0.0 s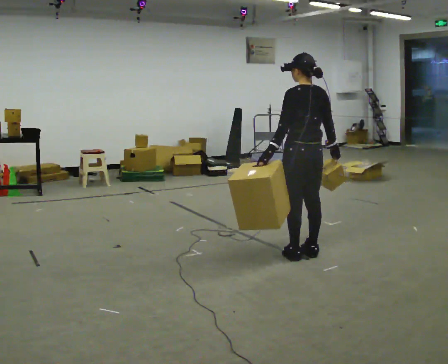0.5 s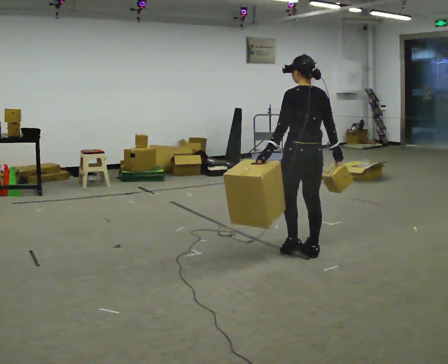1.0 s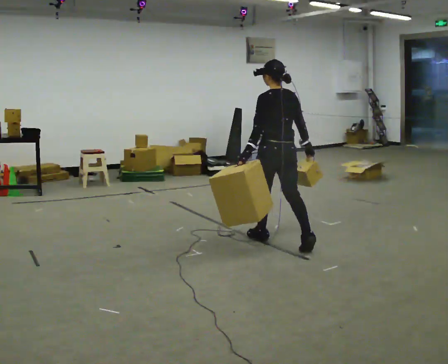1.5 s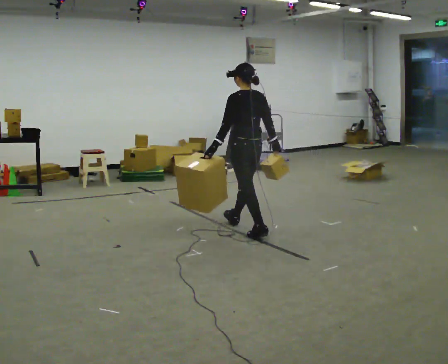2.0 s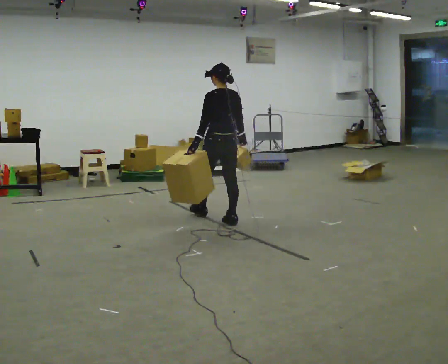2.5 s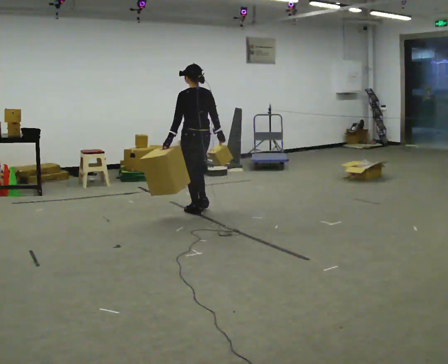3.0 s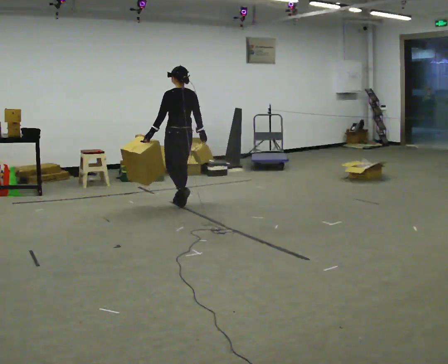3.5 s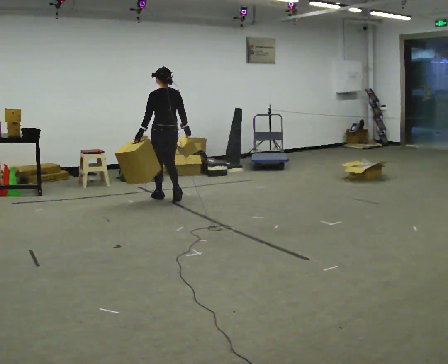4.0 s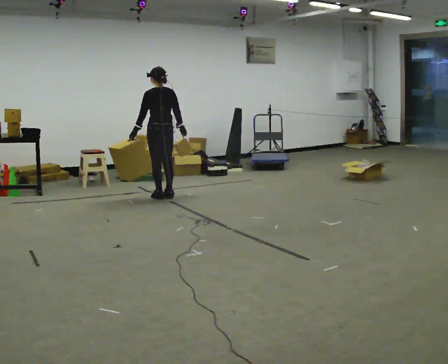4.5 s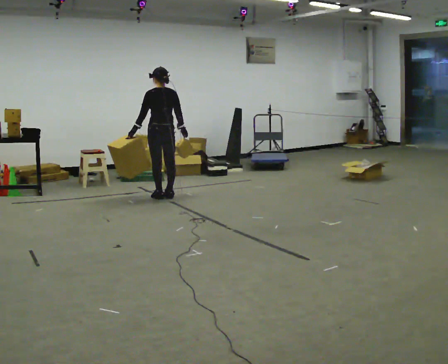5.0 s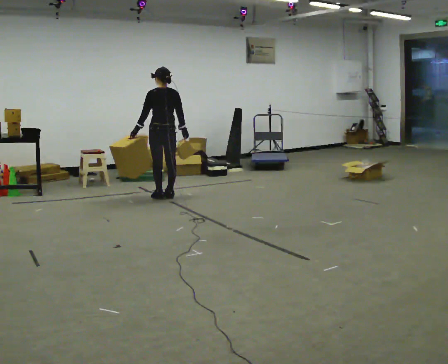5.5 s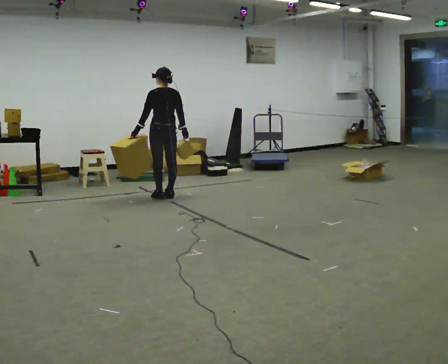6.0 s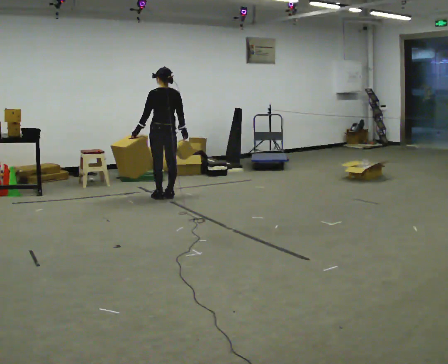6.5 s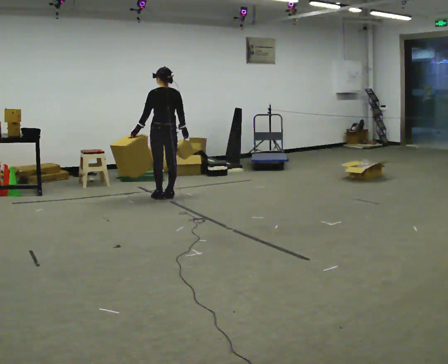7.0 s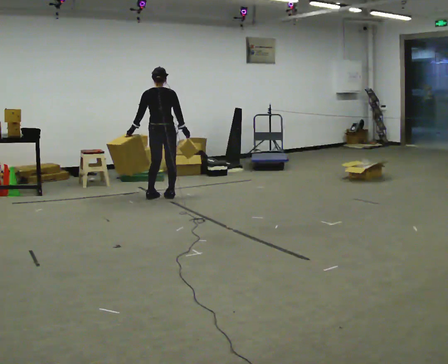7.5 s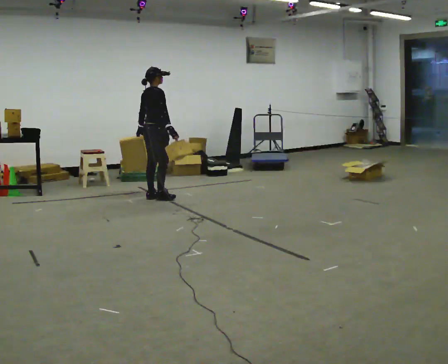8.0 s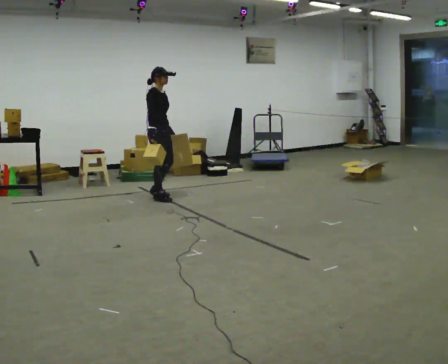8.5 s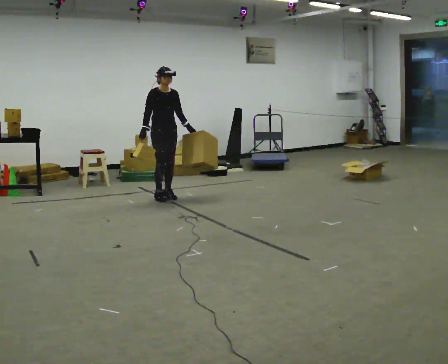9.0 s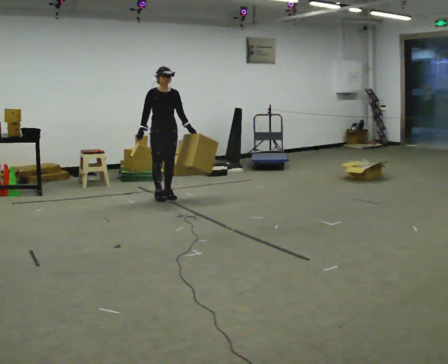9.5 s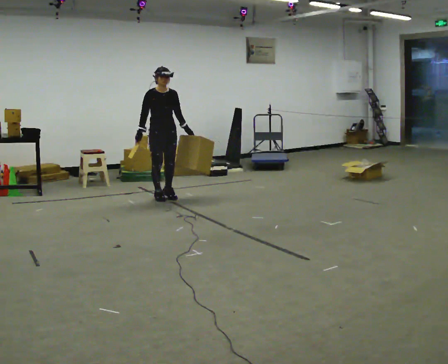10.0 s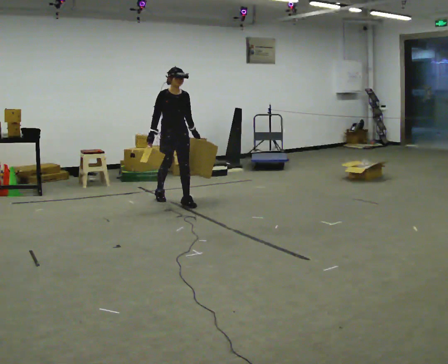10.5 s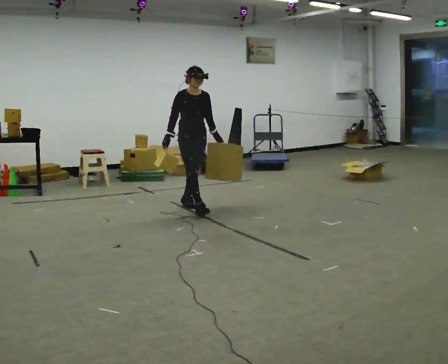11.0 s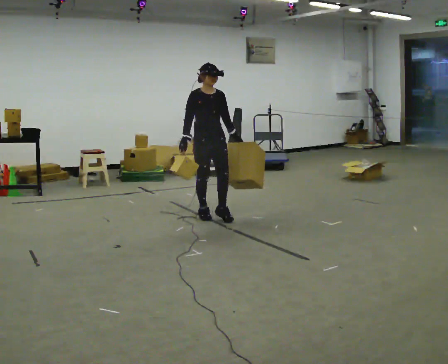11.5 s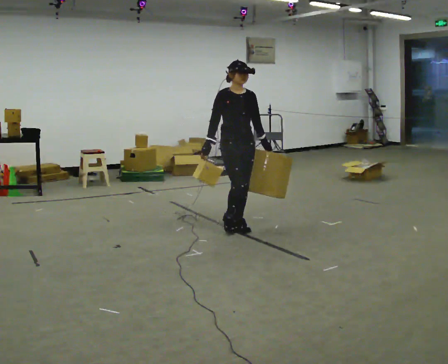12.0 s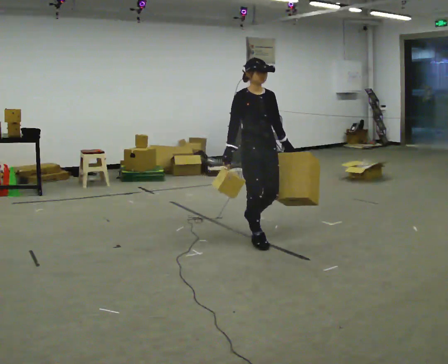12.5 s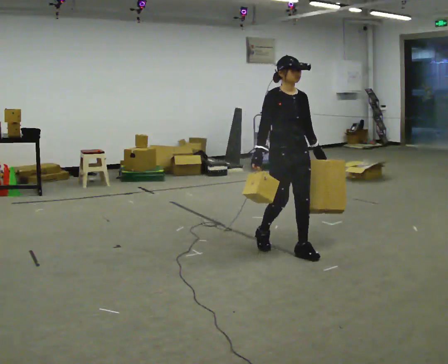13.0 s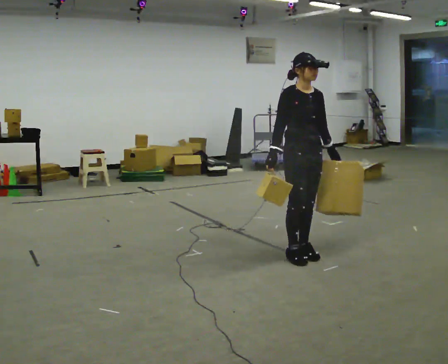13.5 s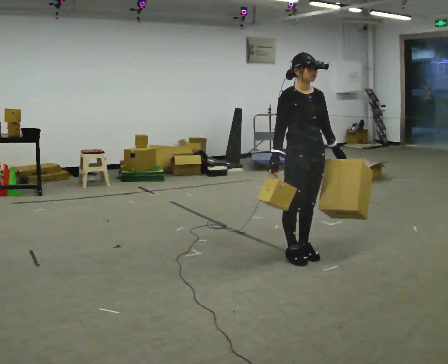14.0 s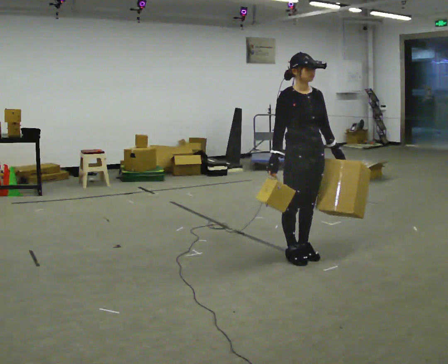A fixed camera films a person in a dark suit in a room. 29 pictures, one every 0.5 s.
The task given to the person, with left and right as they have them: Carry one object in each hand, the heavy one in the hand the operator calls, walking back and forth across the room.
0.0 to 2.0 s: In the picture they go away from the camera and to the left, about 1.5 m in 2 steps, which for them is forward.
2.0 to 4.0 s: In the picture they go away from the camera and to the left, about 1 m in 4 steps, which for them is forward.
4.0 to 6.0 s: The person moves a little, or ends about where they began.
6.0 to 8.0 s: Seen from above the body turns clockwise, about 135 degrees: to their right, with its near side sliding to the left. In the picture their left hand goes to the right, the arm swinging counterclockwise.
8.0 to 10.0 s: The person turns about 45 degrees to their right, clockwise seen from above, so the part of the body nearest the lens slides to the left. In the picture they go to the right and toward the camera, about 0.25 m in 2 steps, which for them is forward.
10.0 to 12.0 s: In the picture they go toward the camera and to the right, about 1.5 m in 3 steps, which for them is forward.
12.0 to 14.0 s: In the picture they go toward the camera and to the right, about 0.5 m in 2 steps, which for them is forward.
The film runs forward here.
